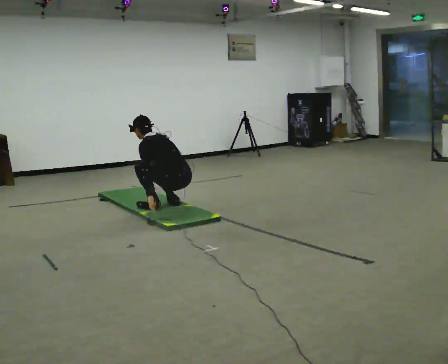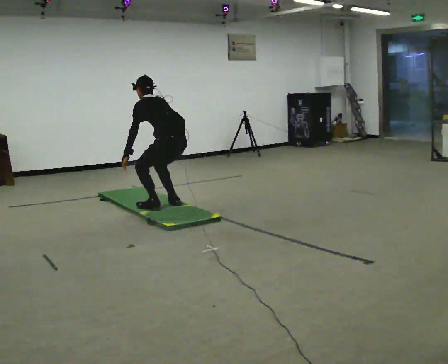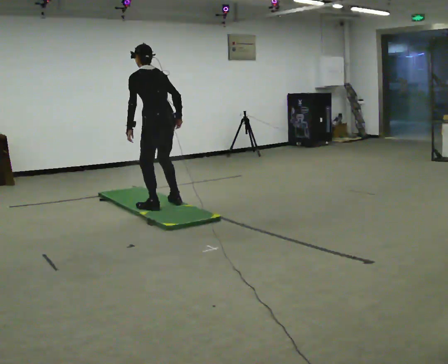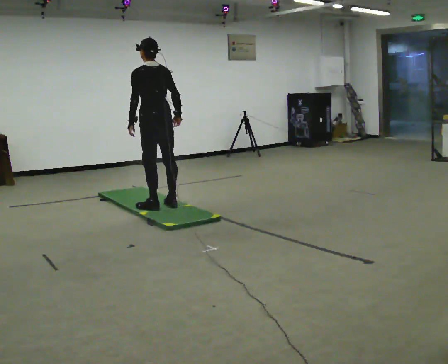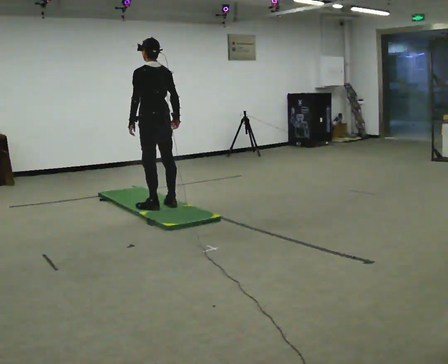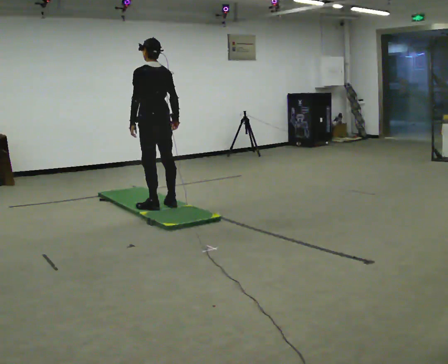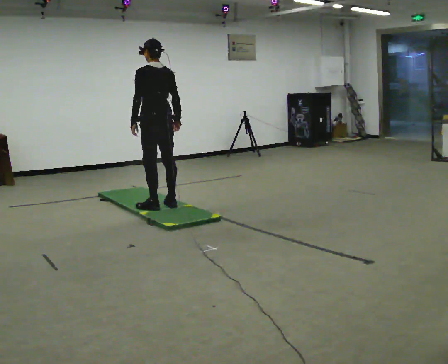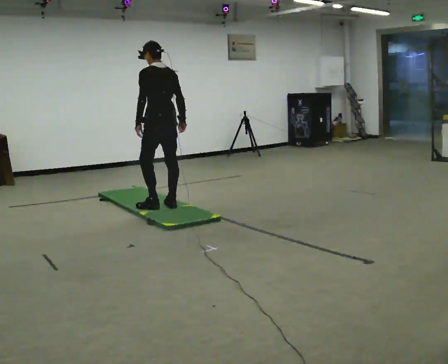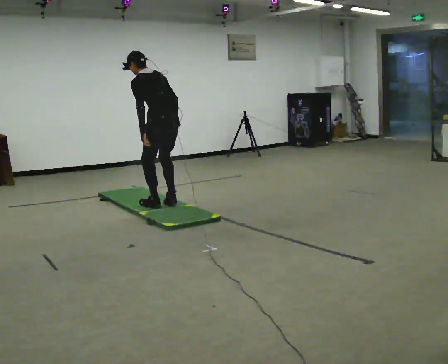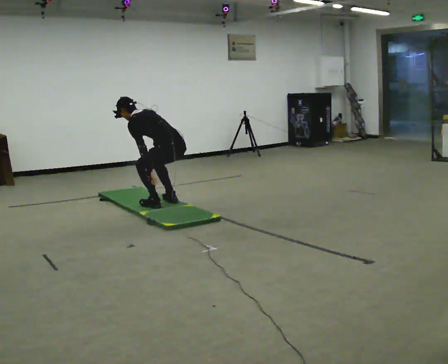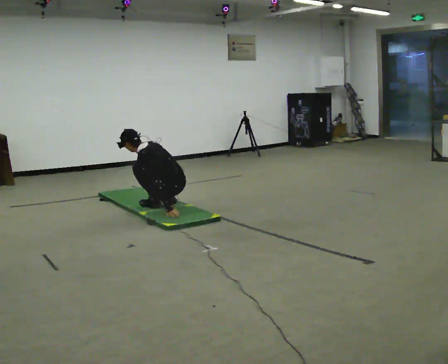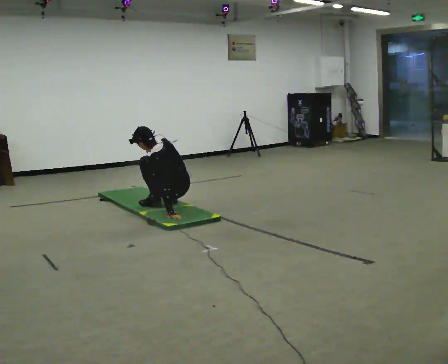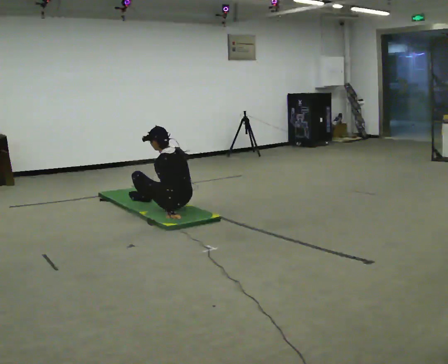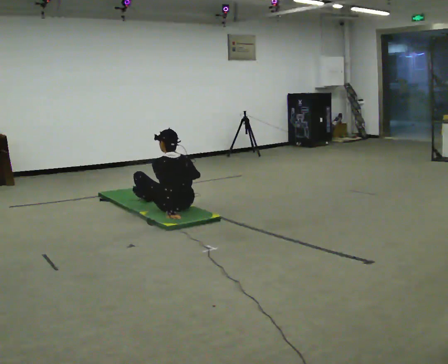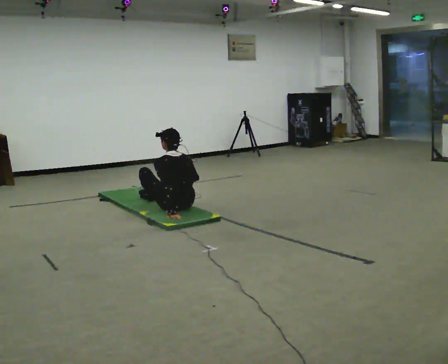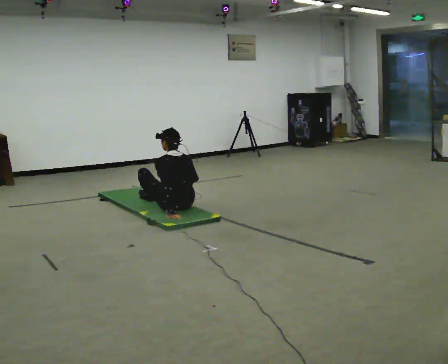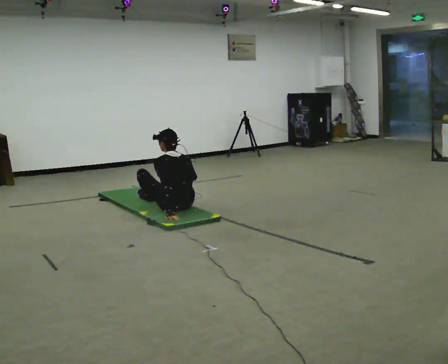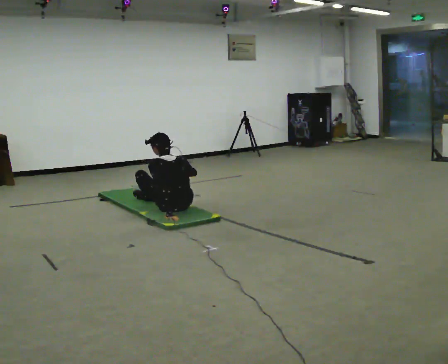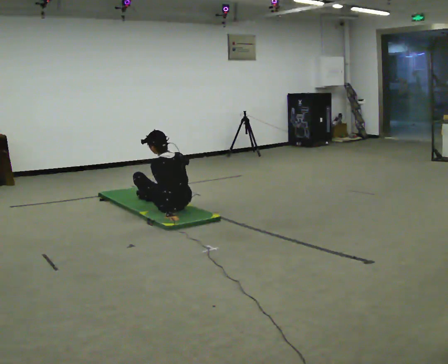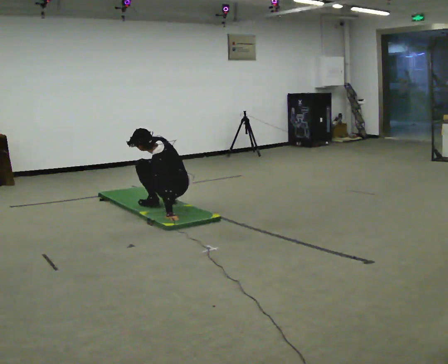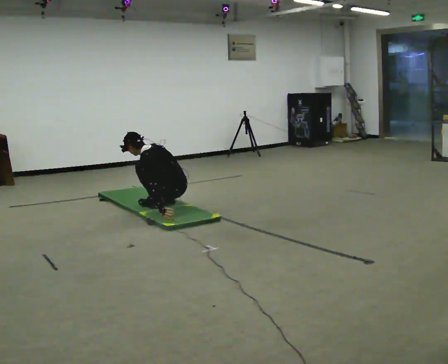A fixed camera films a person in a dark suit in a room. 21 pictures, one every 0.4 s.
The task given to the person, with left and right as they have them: From standing, sit down on the floor, then stand back up in whatever way is natural. Repeat the movement at your own pace until the operator says stop; do not rush.
0.0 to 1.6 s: In the picture they go to the left and away from the camera, about 0.25 m, which for them is forward. The upper body goes upward. In the picture the upper body tilts clockwise, shoulders to the right, as they lean back or straighten. In the picture their left hand goes upward.
1.6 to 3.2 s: In the picture the upper body tilts counterclockwise, shoulders to the left, as they bend forward.
3.2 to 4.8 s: The shoulders move downward. In the picture their right hand goes downward.
4.8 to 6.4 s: The person moves a little, or ends about where they began.
6.4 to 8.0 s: In the picture the upper body tilts counterclockwise, shoulders to the left, as they bend forward.
The film runs forward here.
